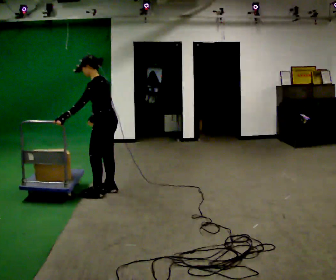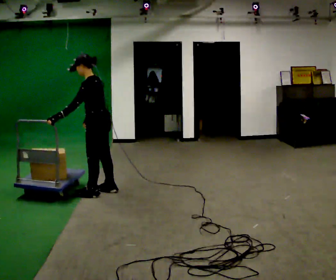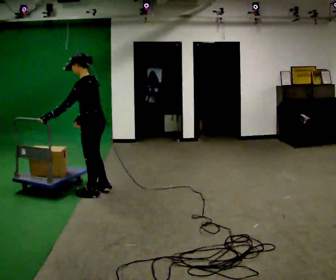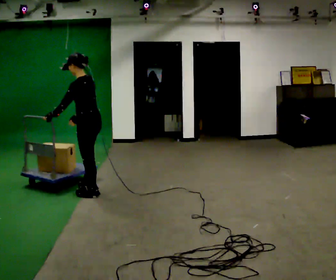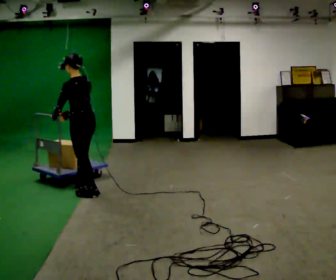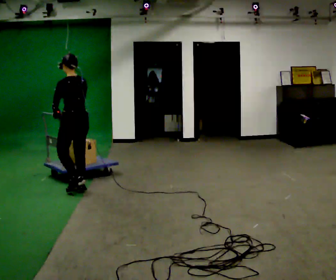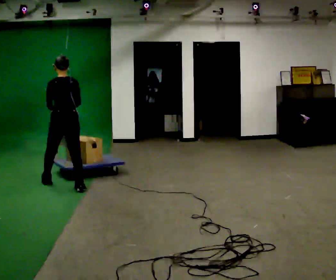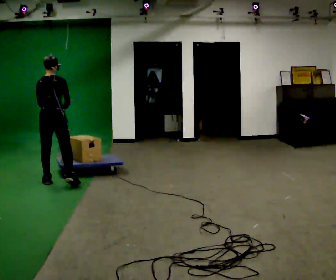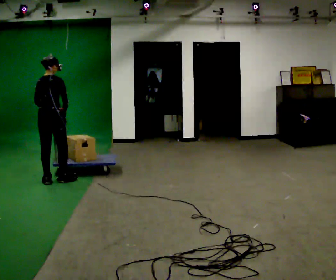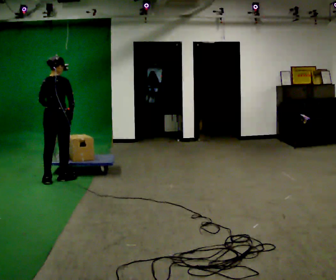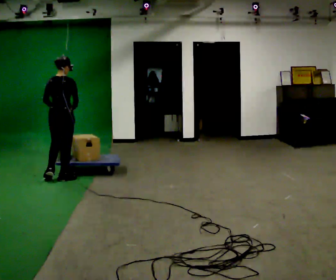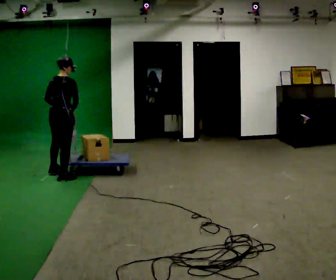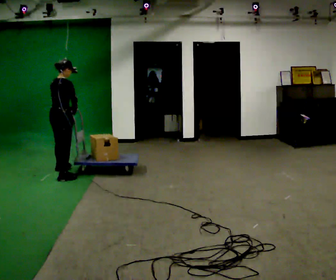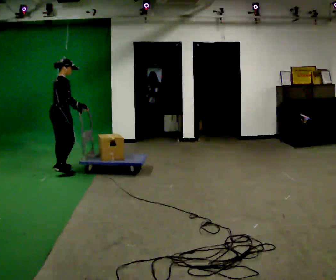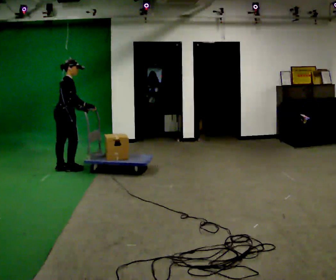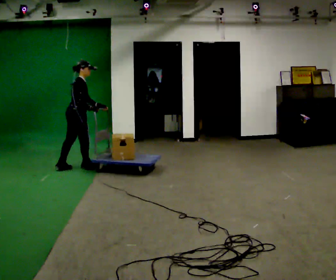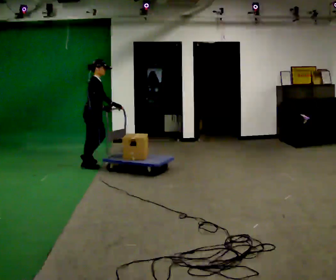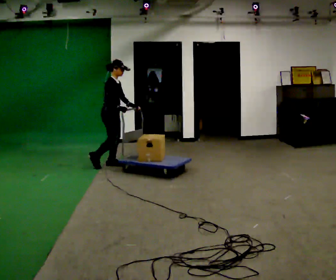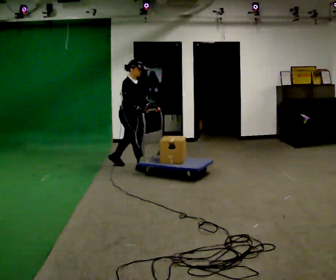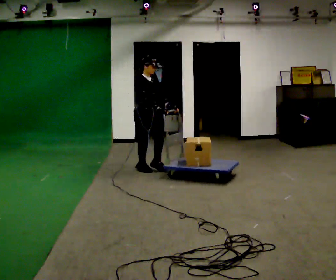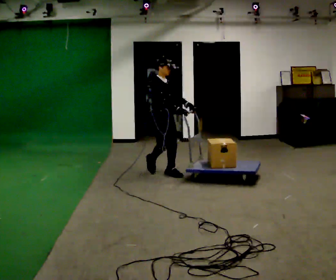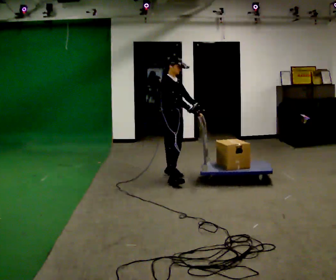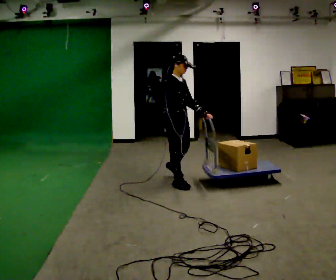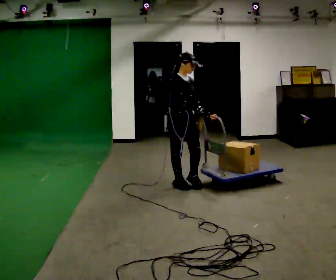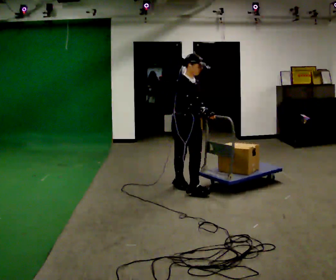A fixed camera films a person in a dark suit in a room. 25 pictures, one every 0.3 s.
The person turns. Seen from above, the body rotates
clockwise.
The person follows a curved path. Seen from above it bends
clockwise.
0.0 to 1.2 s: In the picture they go to the left, about 0.25 m in 2 steps, which for them is forward.
1.2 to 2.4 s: The part of the body nearest the lens slides to the left as the person turns to their right by about 75 degrees. In the picture they go away from the camera and to the left, about 0.5 m in 1 step.
2.4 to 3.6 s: In the picture they go away from the camera, about 0.5 m in 2 steps, which for them is forward.
3.6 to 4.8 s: The part of the body nearest the lens slides to the left as the person turns to their right by about 45 degrees. In the picture they go to the right and away from the camera, about 0.5 m in 1 step, which for them is forward.
4.8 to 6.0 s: Seen from above the body turns clockwise, about 45 degrees: to their right, with its near side sliding to the left. In the picture they go to the right and toward the camera, about 1 m in 3 steps, which for them is forward.
6.0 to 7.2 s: In the picture they go toward the camera, about 1 m in 2 steps, which for them is forward and to their right.
The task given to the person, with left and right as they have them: Push the cart across the room and back. The operator will change how much is loaded on it between takes and will tell you each time.
The film runs forward here.
